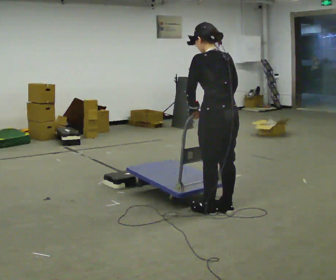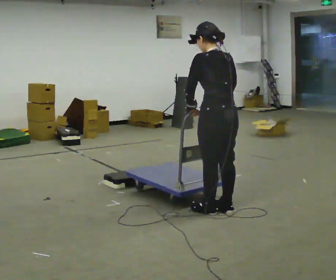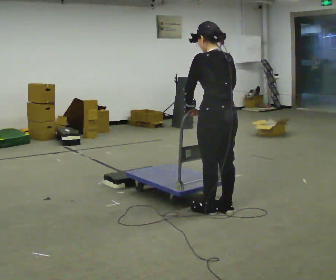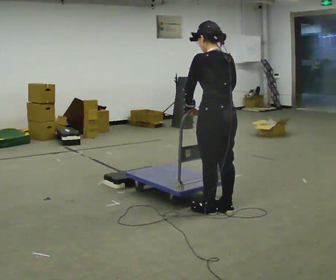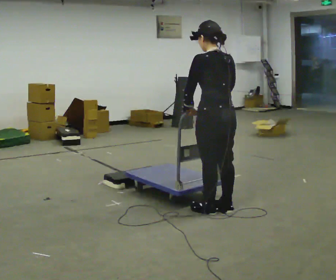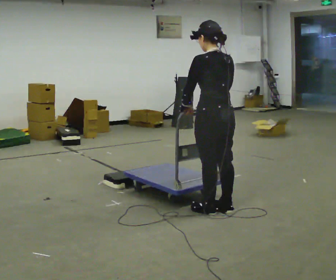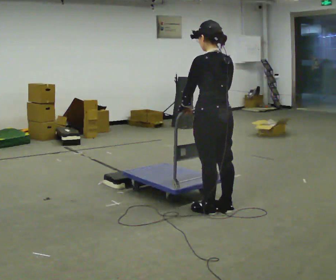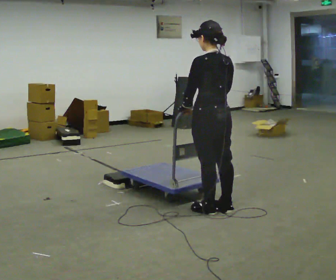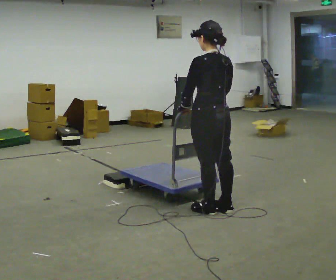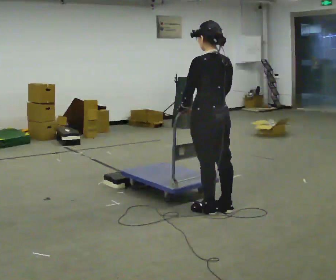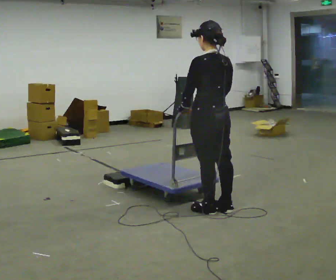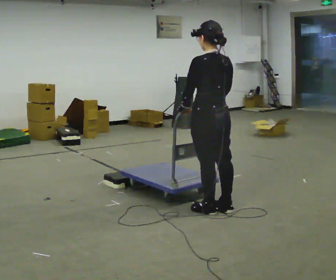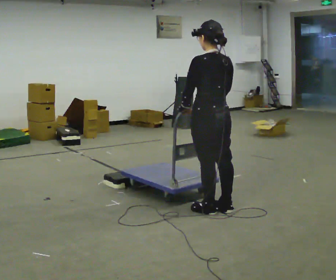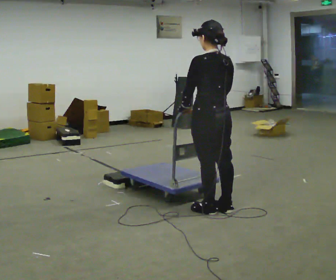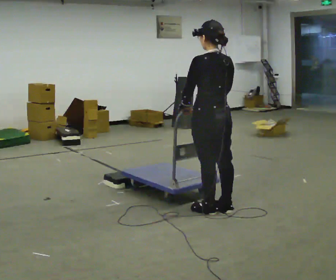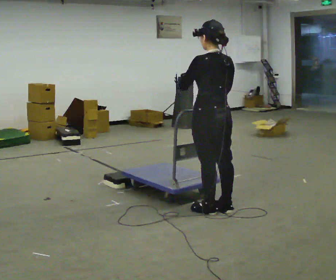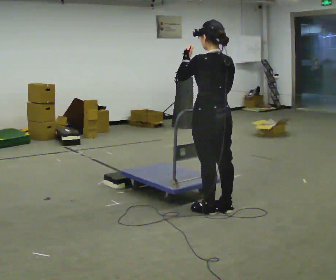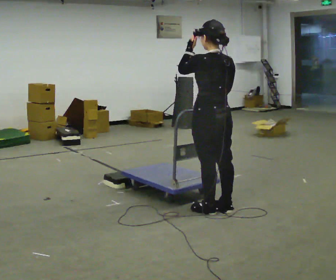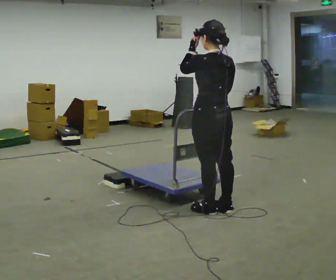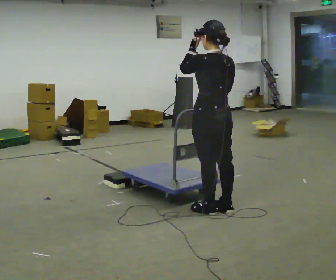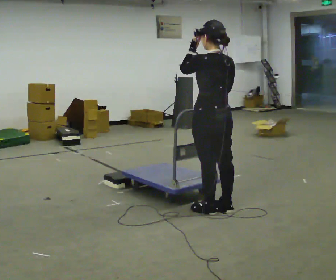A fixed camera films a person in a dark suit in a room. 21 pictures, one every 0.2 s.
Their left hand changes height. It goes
upward.
0.0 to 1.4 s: The person moves a little, or ends about where they began.
1.4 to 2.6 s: The person keeps their place and pose.
2.6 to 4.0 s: In the picture their left hand goes upward.
The film runs forward here.
